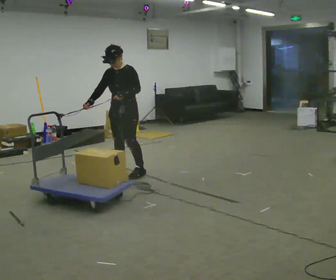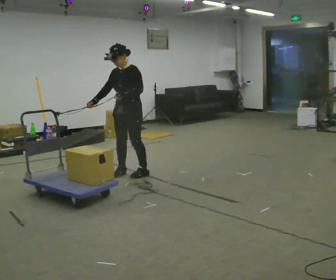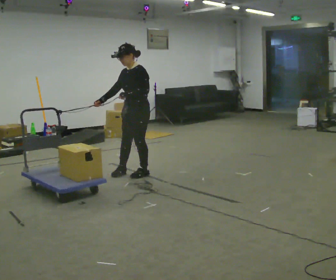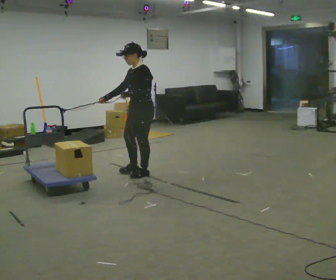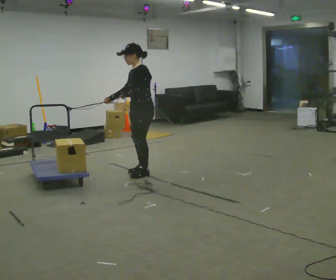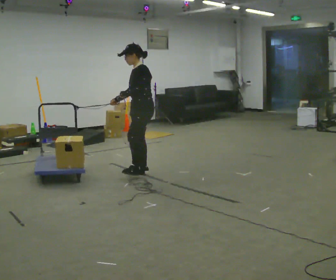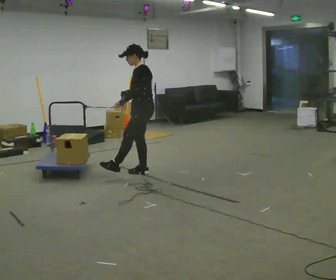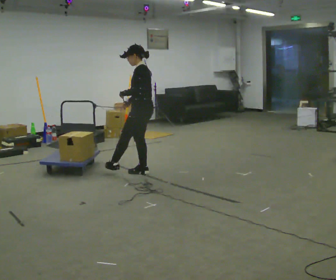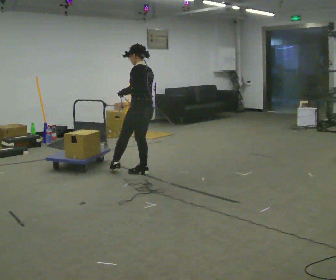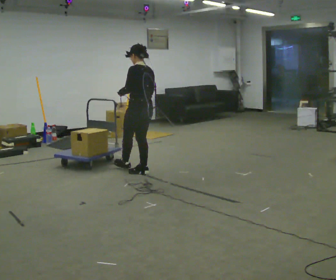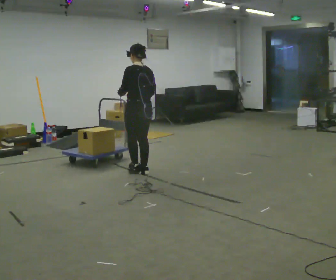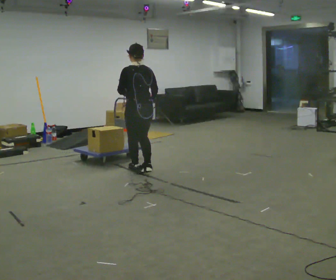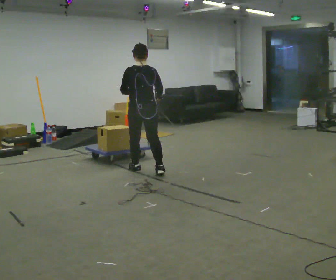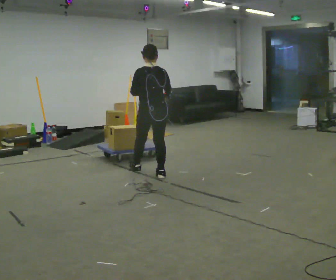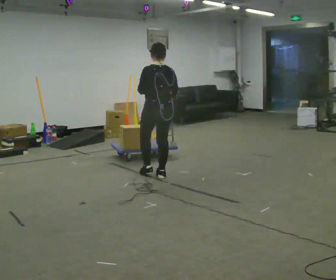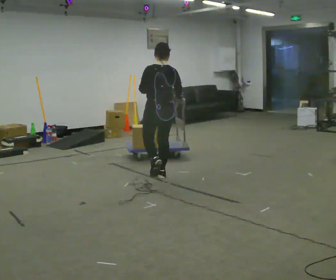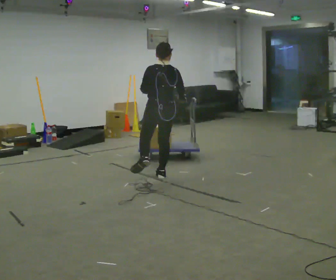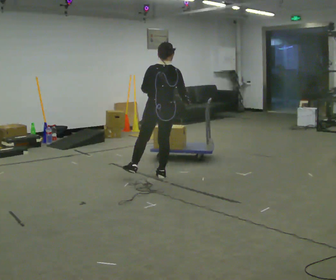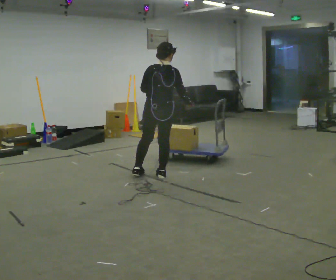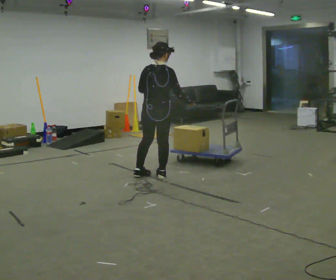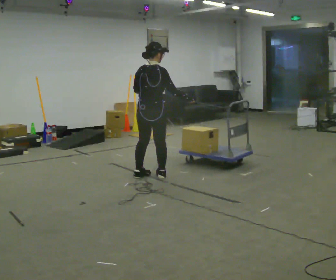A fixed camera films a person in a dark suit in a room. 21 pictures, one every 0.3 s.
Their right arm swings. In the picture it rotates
counterclockwise.
The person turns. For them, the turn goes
to their right.
0.0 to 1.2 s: The person turns about 45 degrees to their right, clockwise seen from above, so the part of the body nearest the lens slides to the left. In the picture they go to the right, about 0.25 m in 2 steps, which for them is backward and to their left.
1.2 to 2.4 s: The person turns about 45 degrees to their right, clockwise seen from above, so the part of the body nearest the lens slides to the left.
2.4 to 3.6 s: Seen from above the body turns clockwise, about 45 degrees: to their right, with its near side sliding to the left.
3.6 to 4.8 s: In the picture they go to the right and toward the camera, about 0.25 m, which for them is backward and to their right.
4.8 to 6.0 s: Seen from above the body turns clockwise, about 45 degrees: to their right, with its near side sliding to the left.
The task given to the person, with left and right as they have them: Hold the rope in both hands and drag the sled towards you as you walk backward. The operator will confirm the space behind you is clear.
The film runs forward here.
